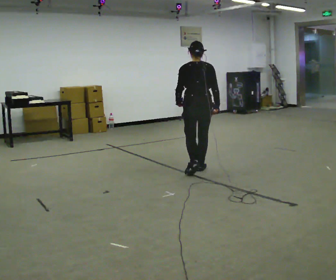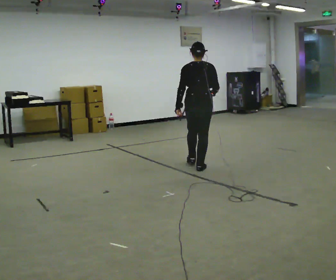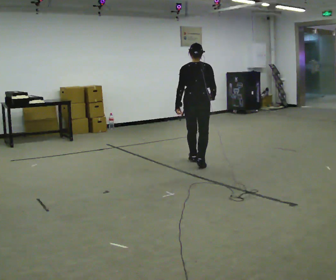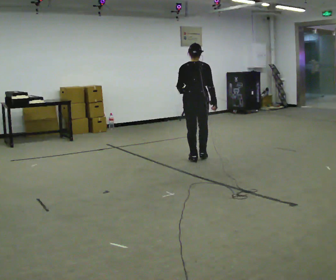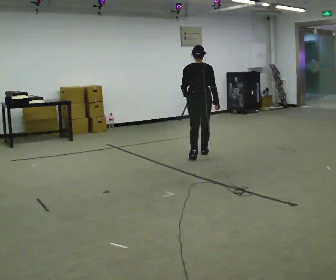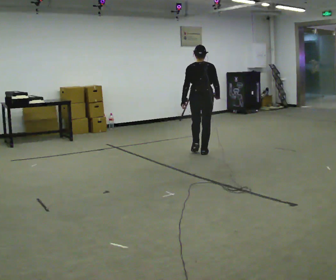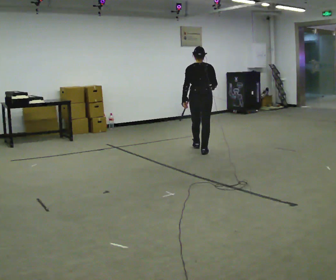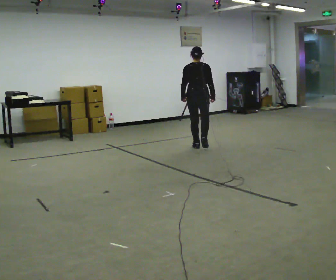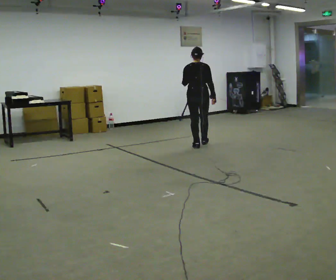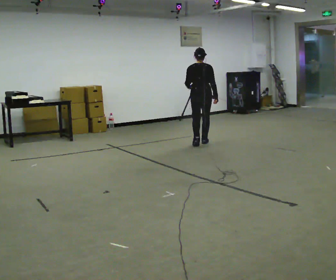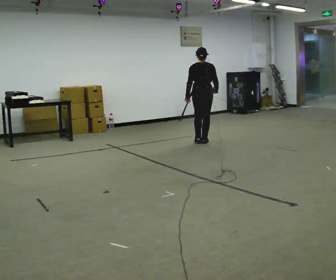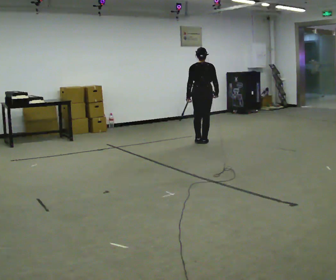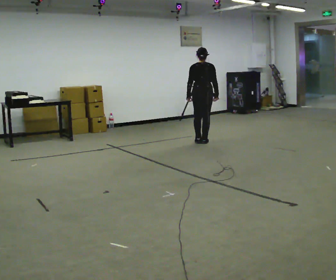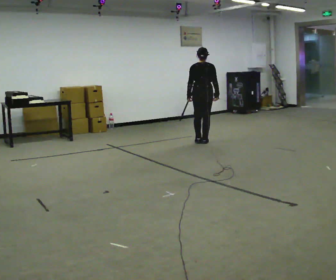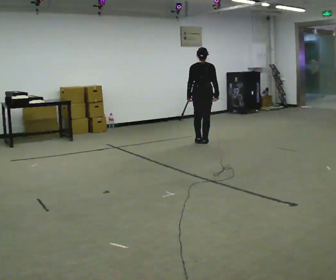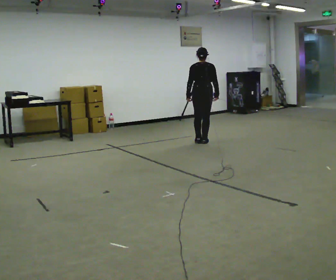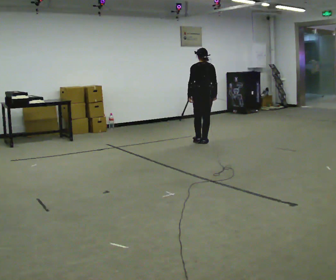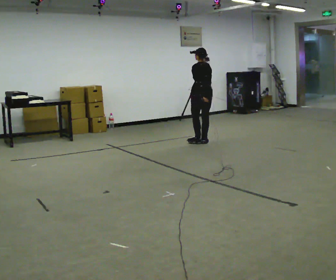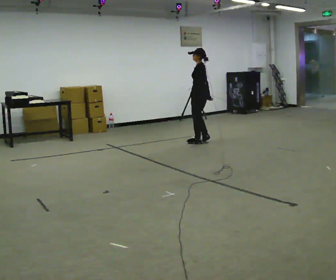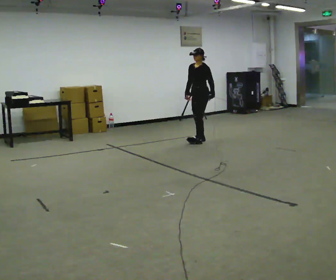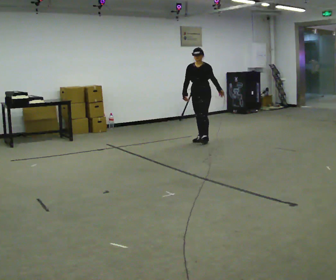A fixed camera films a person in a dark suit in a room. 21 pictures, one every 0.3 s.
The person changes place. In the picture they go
away from the camera.
0.0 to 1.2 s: In the picture they go away from the camera, about 1 m in 2 steps, which for them is forward.
1.2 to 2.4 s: In the picture they go away from the camera, about 0.75 m in 1 step, which for them is forward.
2.4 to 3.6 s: In the picture they go away from the camera, about 0.25 m in 2 steps, which for them is forward.
3.6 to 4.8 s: The person moves a little, or ends about where they began.
4.8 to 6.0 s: The person turns about 150 degrees to their left, counterclockwise seen from above, so the part of the body nearest the lens slides to the right. In the picture they go away from the camera, about 0.25 m in 1 step. In the picture their left hand goes to the right, the arm swinging counterclockwise.
The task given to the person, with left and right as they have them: Walk straight; at marker turn ~45° while continuing to walk; continue straight.
The film runs forward here.
